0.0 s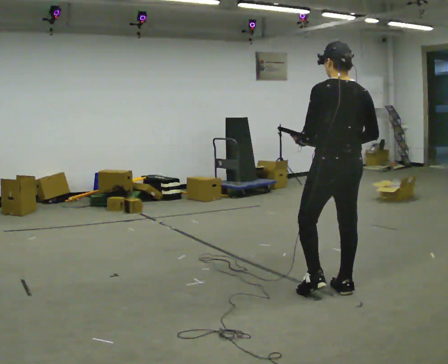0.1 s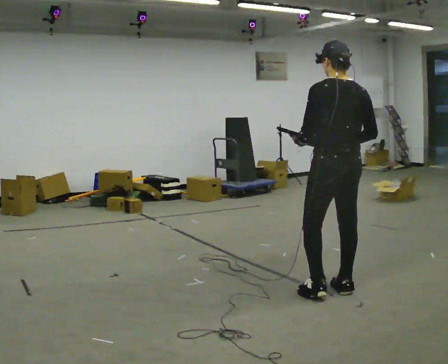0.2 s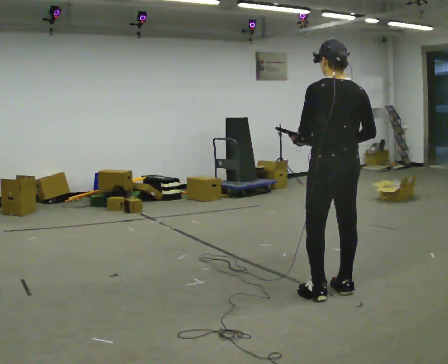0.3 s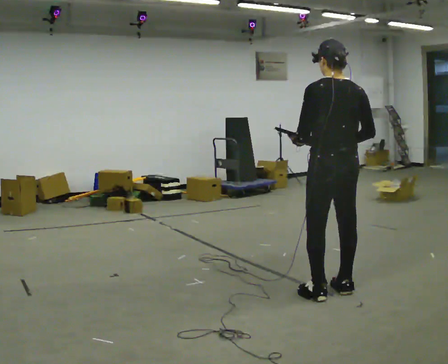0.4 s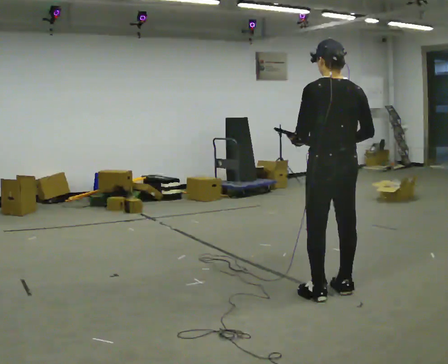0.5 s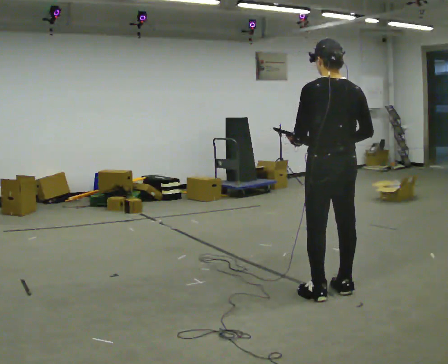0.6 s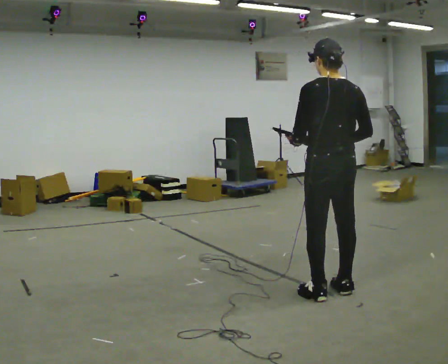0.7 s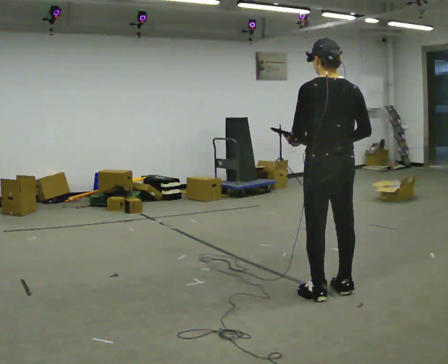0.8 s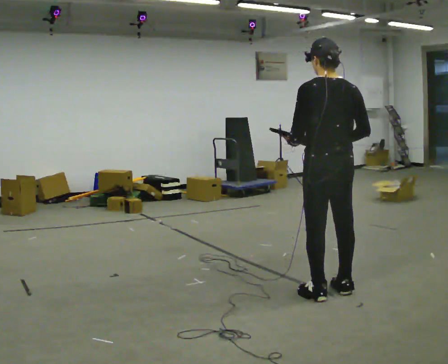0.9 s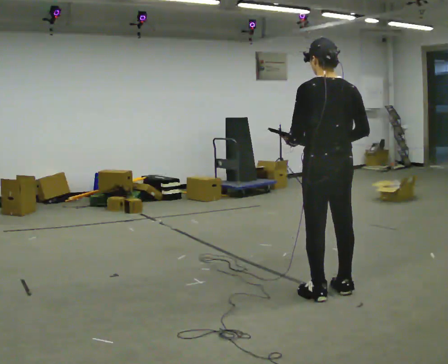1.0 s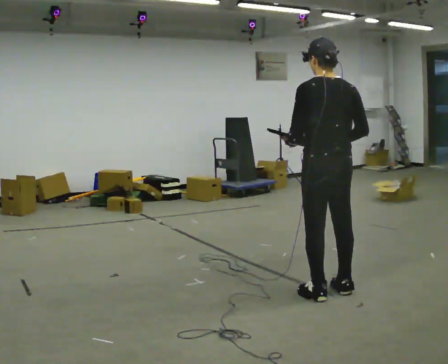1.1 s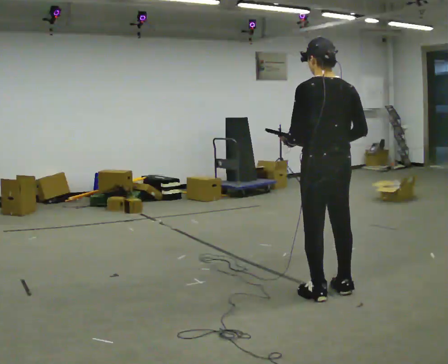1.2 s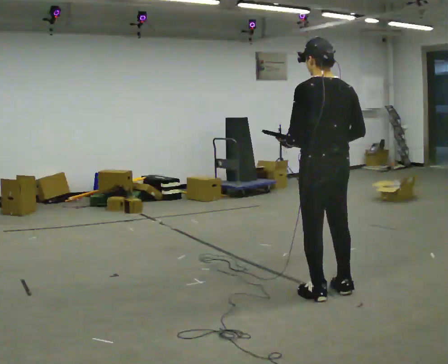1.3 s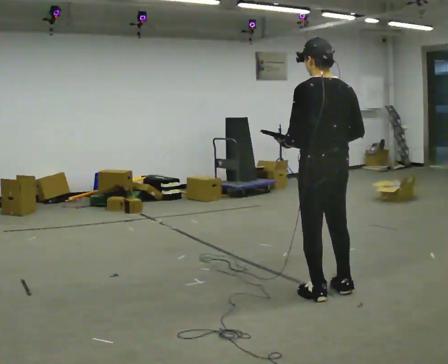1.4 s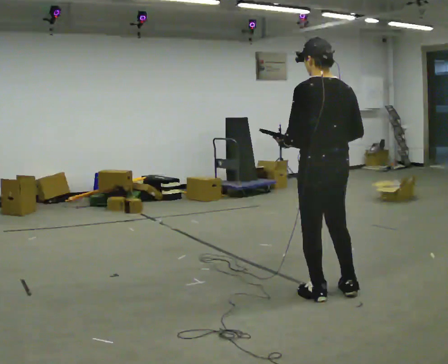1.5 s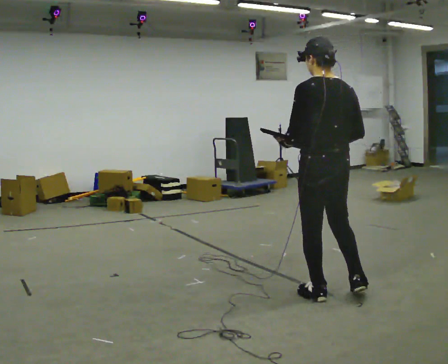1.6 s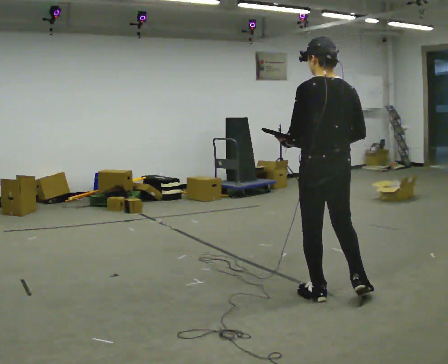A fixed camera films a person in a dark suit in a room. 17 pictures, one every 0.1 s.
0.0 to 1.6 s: In the picture they go toward the camera, about 0.25 m in 1 step, which for them is to their left.
The film runs backward here.
